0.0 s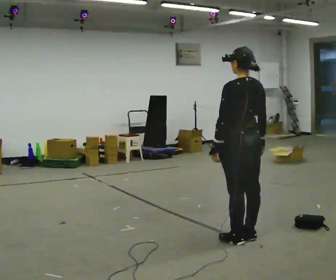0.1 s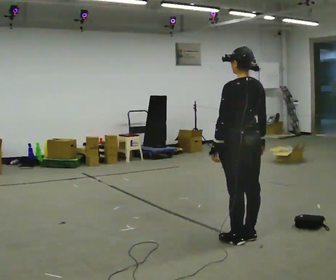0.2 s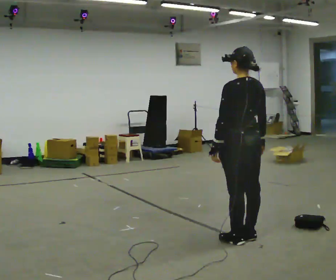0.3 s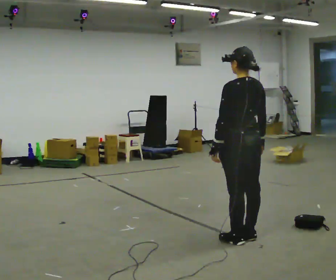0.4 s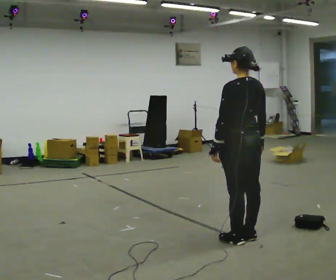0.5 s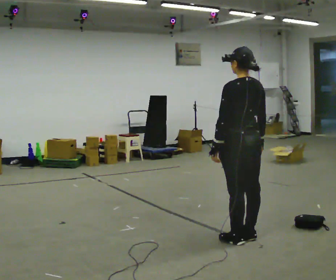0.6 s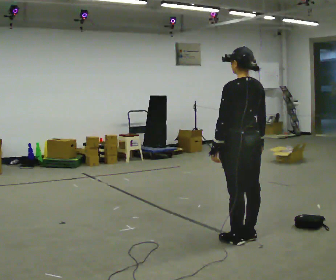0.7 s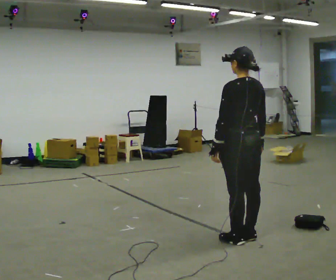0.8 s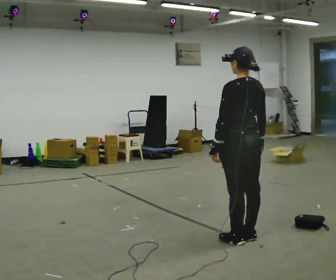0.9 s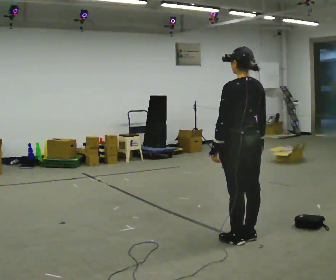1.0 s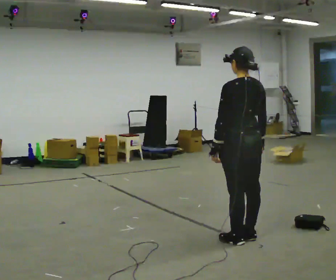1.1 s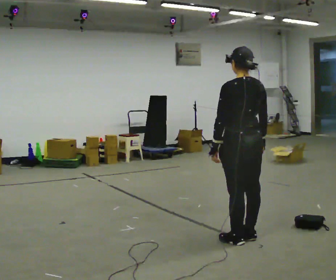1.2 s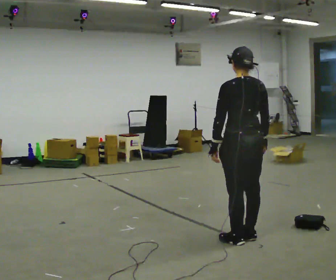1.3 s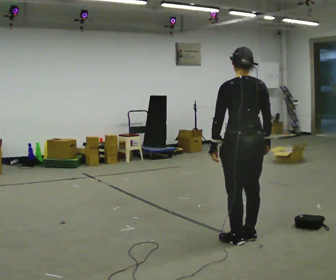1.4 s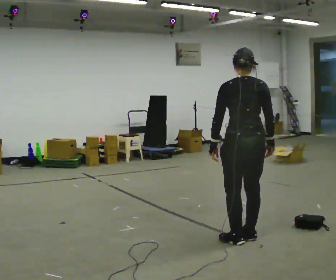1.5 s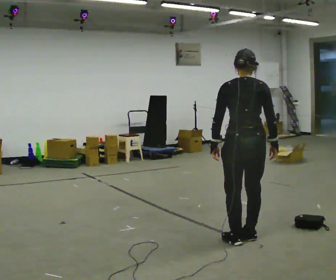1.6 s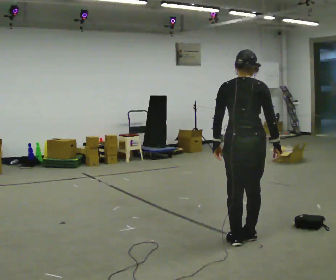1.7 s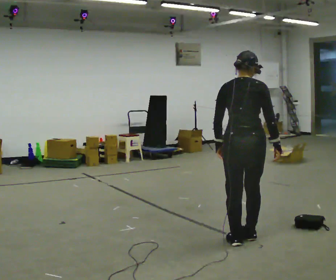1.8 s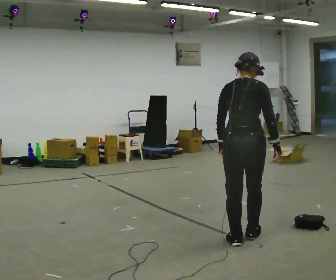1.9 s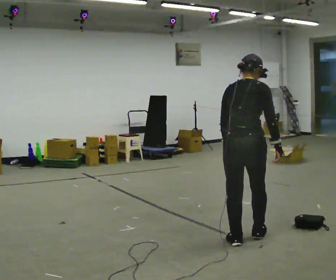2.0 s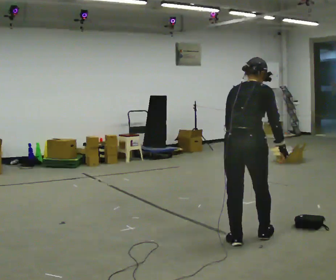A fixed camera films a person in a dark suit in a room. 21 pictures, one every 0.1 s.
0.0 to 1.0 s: The person keeps their place and pose.
1.0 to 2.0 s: Seen from above the body turns clockwise, about 60 degrees: to their right, with its near side sliding to the left. The upper body tips away from the camera, its near side rolling upward, as they bend forward.
The film runs forward here.
